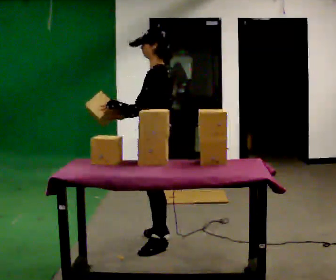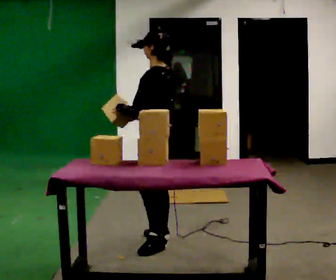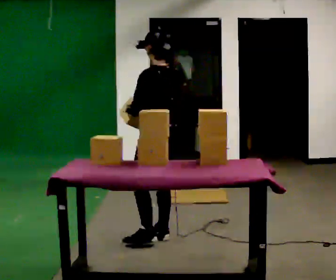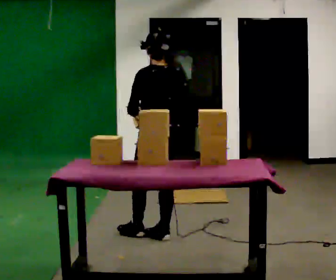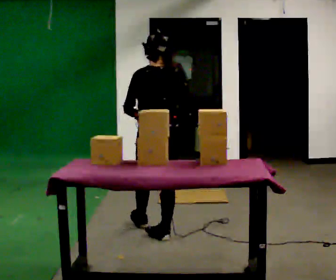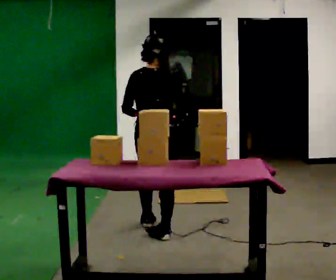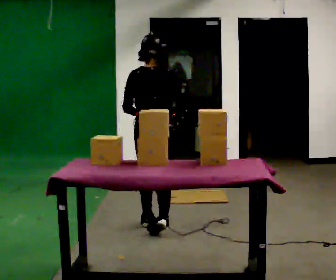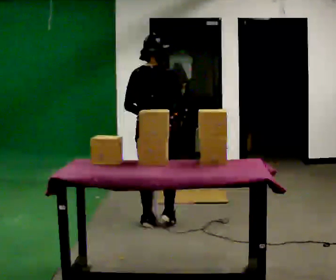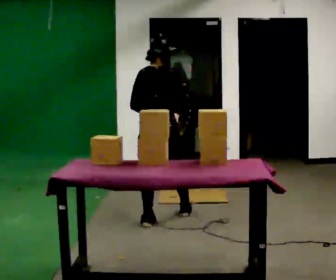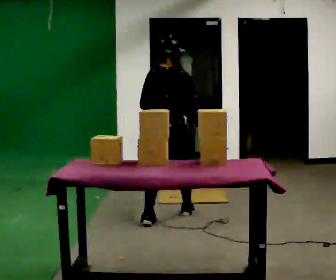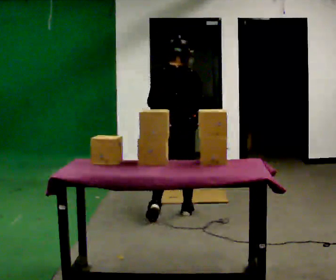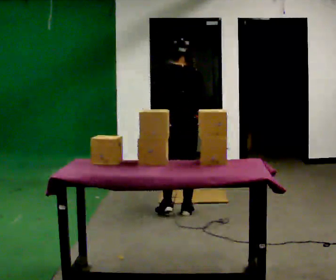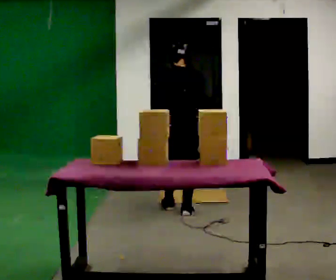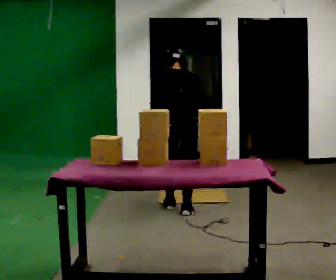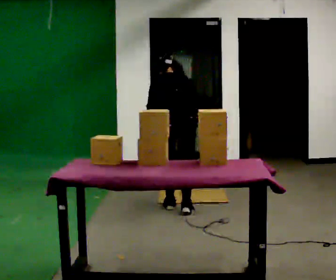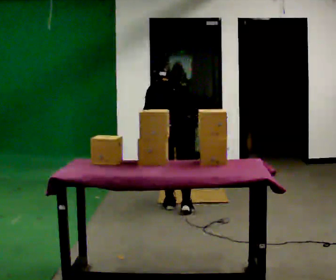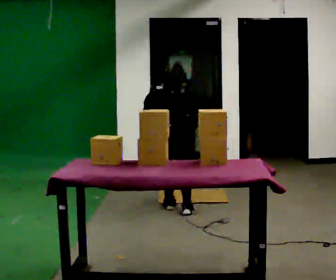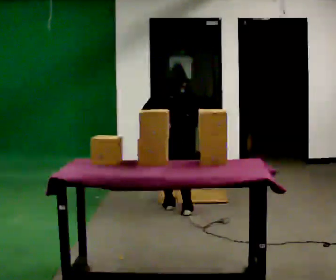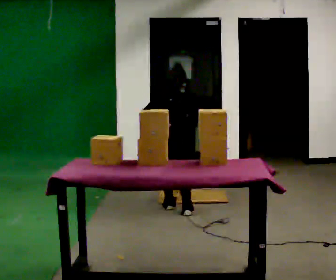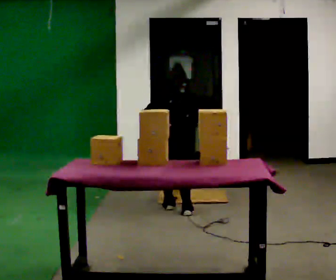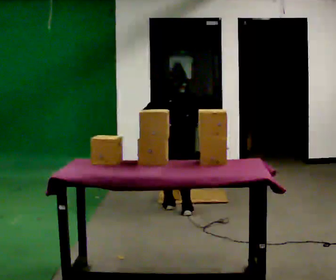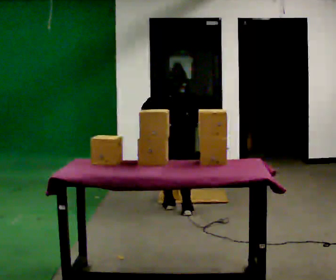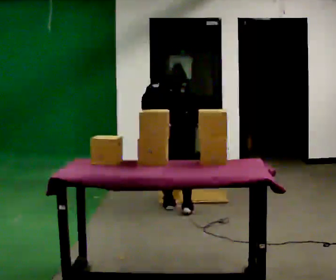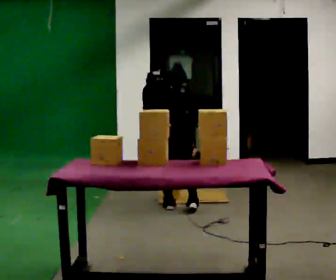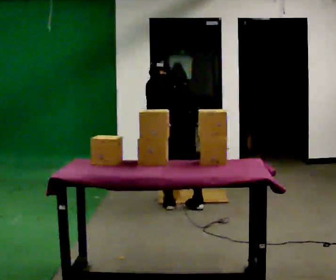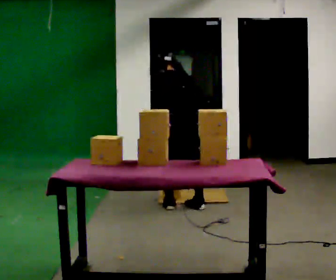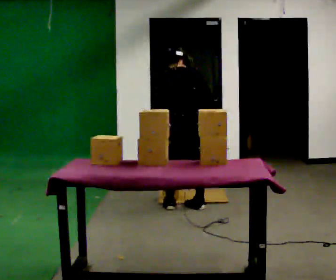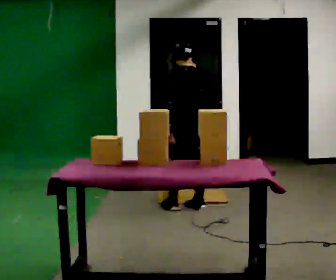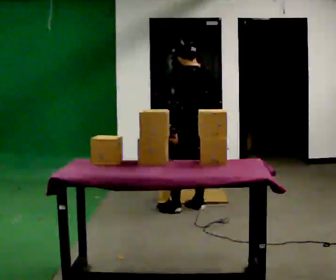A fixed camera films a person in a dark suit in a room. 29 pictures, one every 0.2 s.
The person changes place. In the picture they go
away from the camera.
0.0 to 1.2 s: The part of the body nearest the lens slides to the left as the person turns to their right by about 90 degrees. In the picture they go away from the camera, about 0.5 m in 1 step.
1.2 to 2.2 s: In the picture they go away from the camera and to the right, about 0.5 m in 1 step, which for them is forward.
2.2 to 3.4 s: The upper body goes downward. The upper body tips away from the camera, its near side rolling upward, as they bend forward.
3.4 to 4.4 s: The person moves a little, or ends about where they began.
4.4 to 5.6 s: Seen from above the body turns counterclockwise, about 45 degrees: to their left, with its near side sliding to the right. In the picture they go to the right, about 0.25 m in 1 step, which for them is to their right. The shoulders move upward. The upper body tips toward the camera, its near side rolling downward, as they lean back or straighten.
The film runs forward here.
